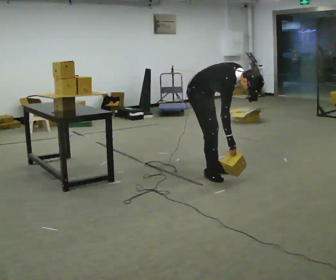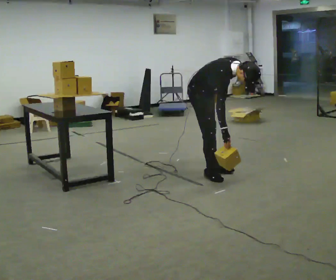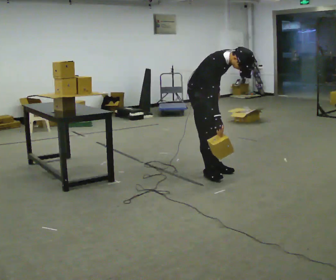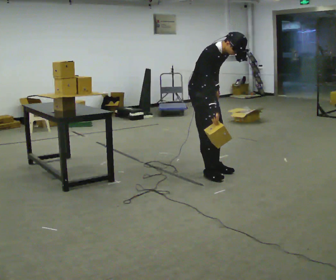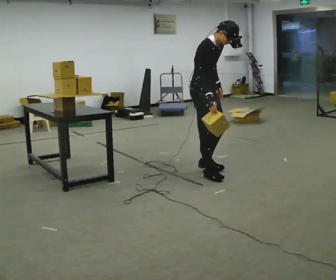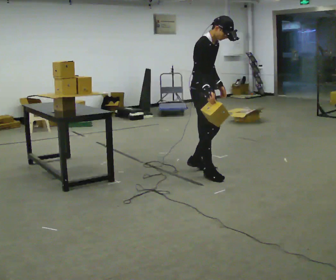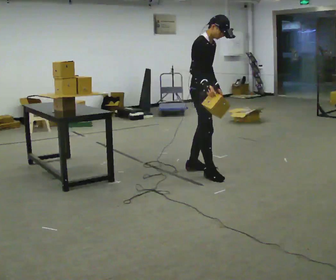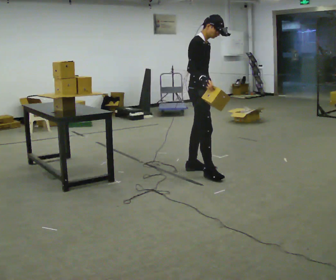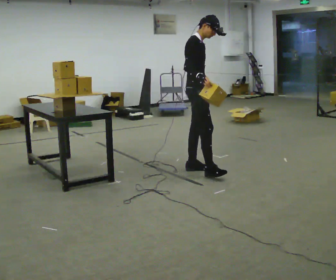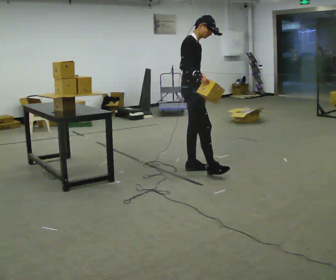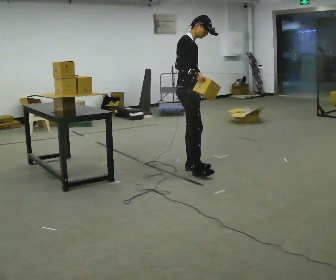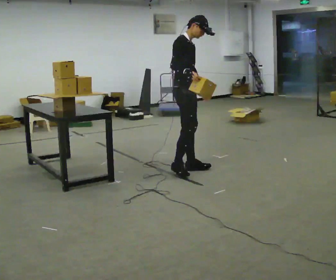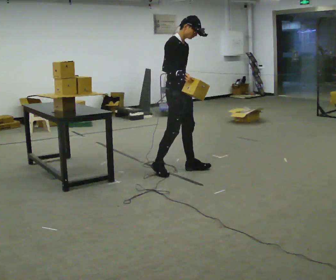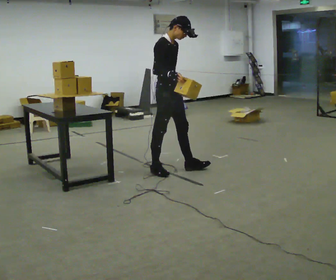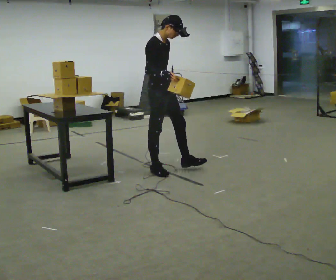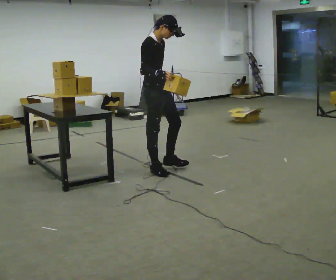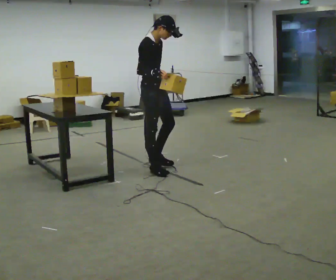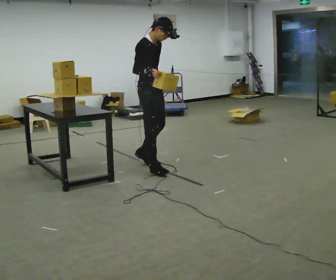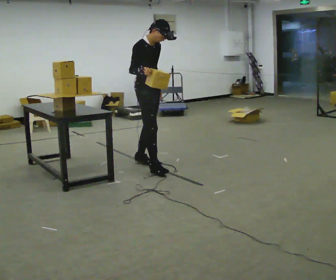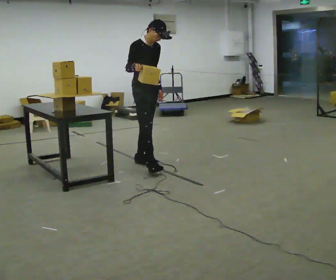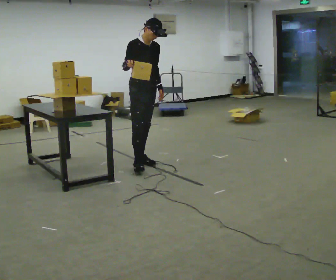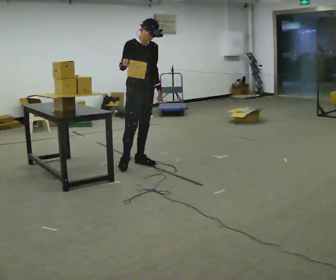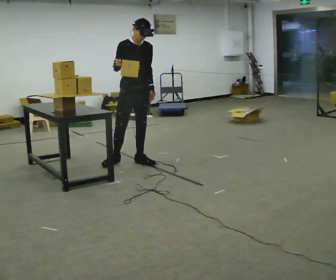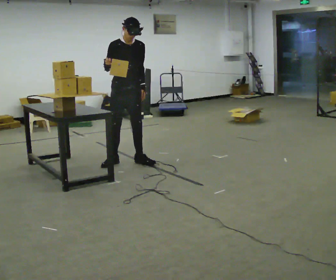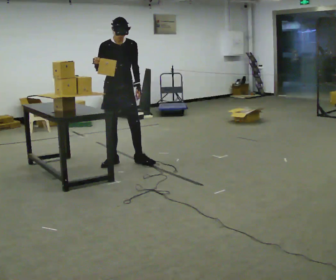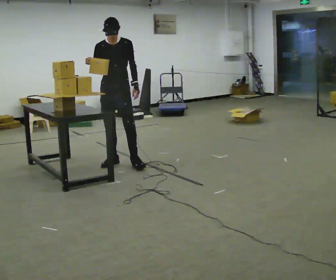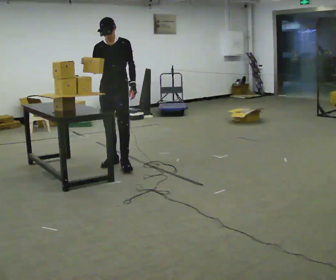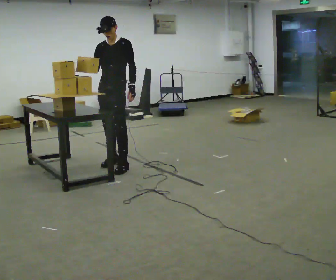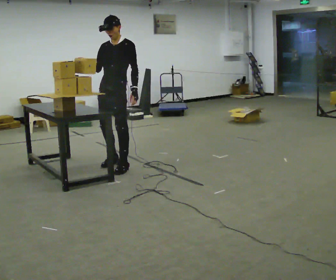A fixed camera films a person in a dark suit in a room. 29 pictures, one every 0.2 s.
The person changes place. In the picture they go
to the left.
The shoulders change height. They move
upward.
0.0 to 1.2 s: The upper body goes upward. In the picture the upper body tilts counterclockwise, shoulders to the left, as they lean back or straighten.
1.2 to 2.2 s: In the picture they go to the left, about 0.25 m in 1 step, which for them is backward.
2.2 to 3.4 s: In the picture they go to the left, about 0.5 m in 1 step, which for them is backward.
3.4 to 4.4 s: Seen from above the body turns clockwise, about 45 degrees: to their right, with its near side sliding to the left. In the picture they go away from the camera, about 0.25 m in 1 step, which for them is backward.
4.4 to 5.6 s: Seen from above the body turns clockwise, about 60 degrees: to their right, with its near side sliding to the left. In the picture they go to the left, about 0.25 m in 1 step, which for them is to their right and forward. In the picture their right hand goes to the left.
The film runs backward here.
